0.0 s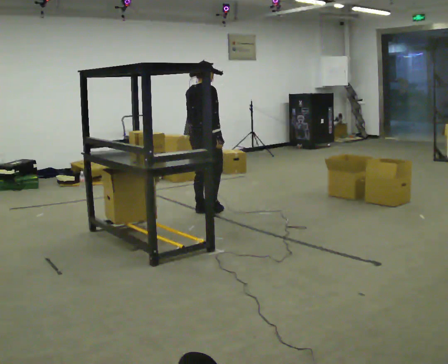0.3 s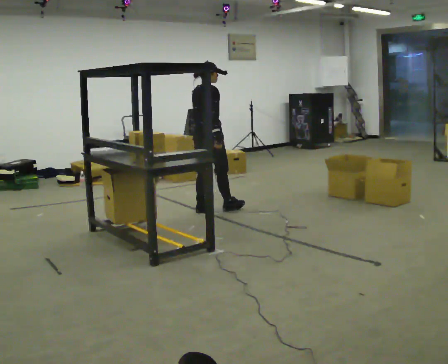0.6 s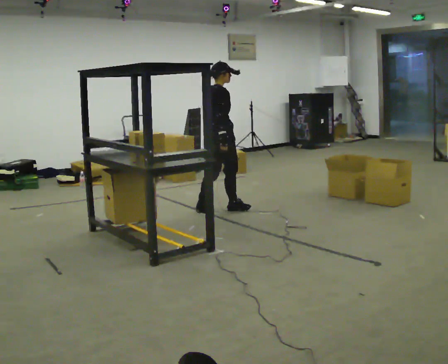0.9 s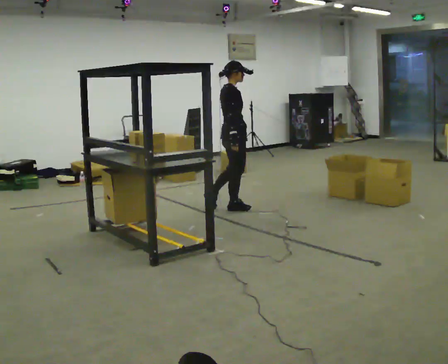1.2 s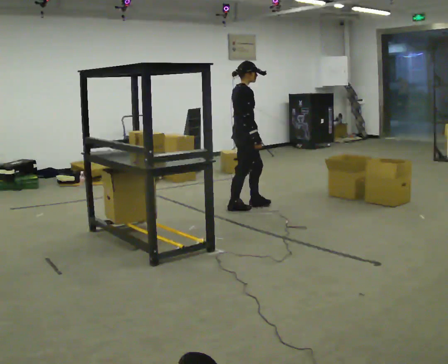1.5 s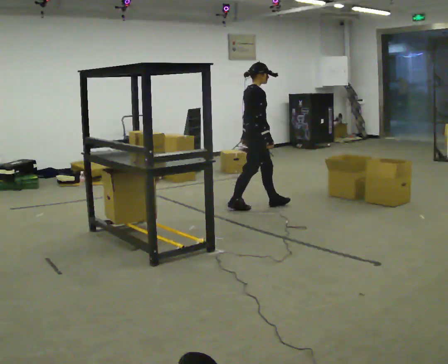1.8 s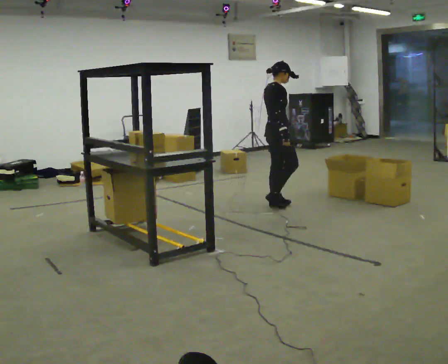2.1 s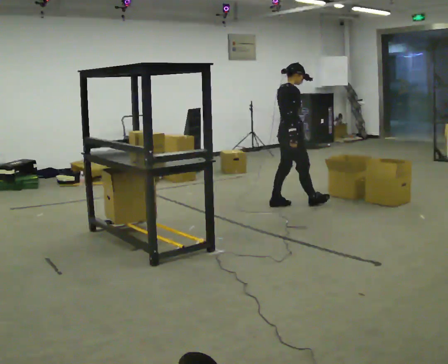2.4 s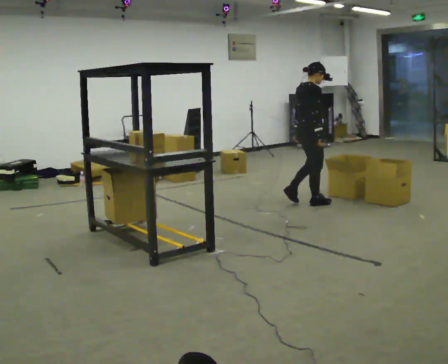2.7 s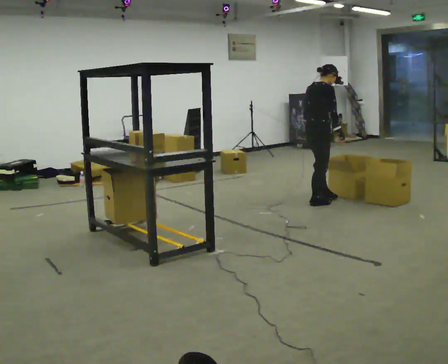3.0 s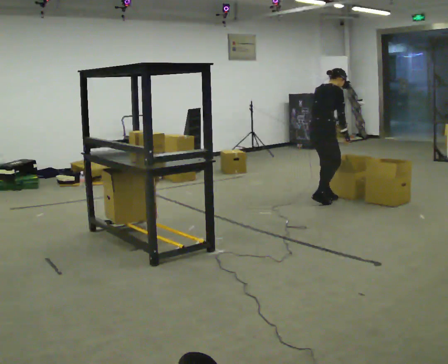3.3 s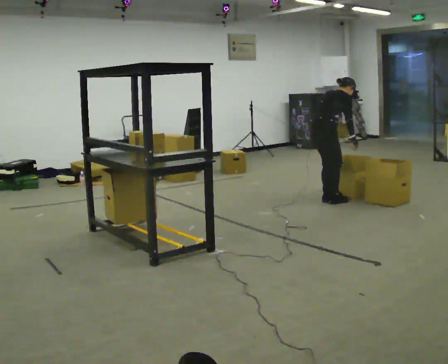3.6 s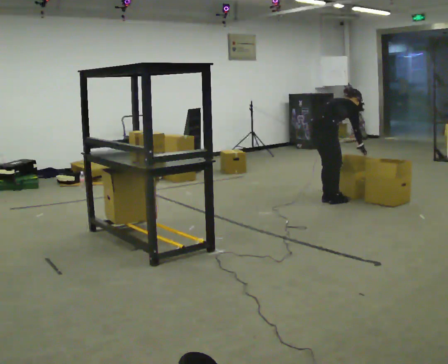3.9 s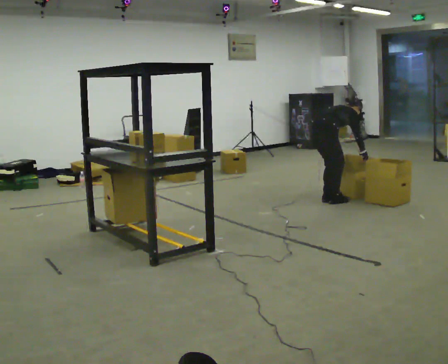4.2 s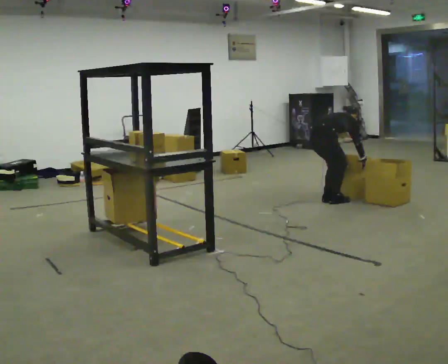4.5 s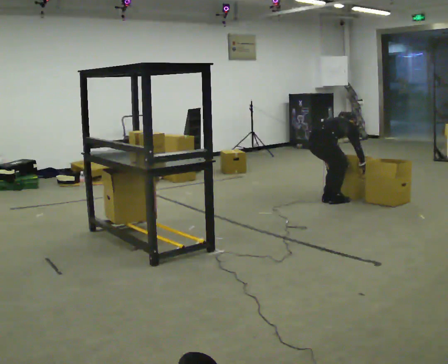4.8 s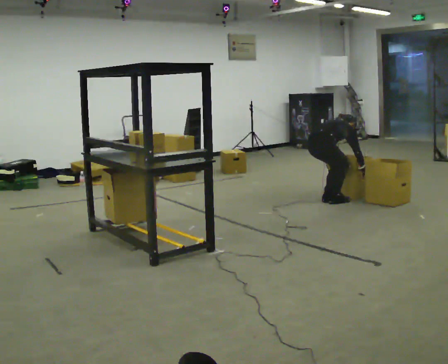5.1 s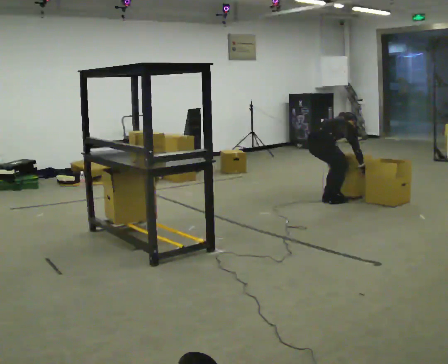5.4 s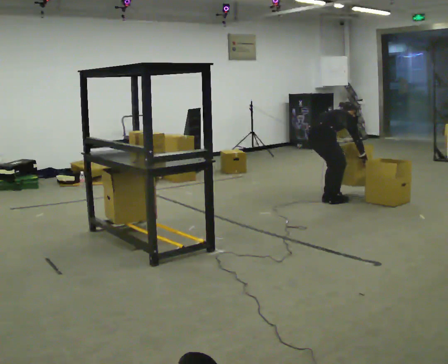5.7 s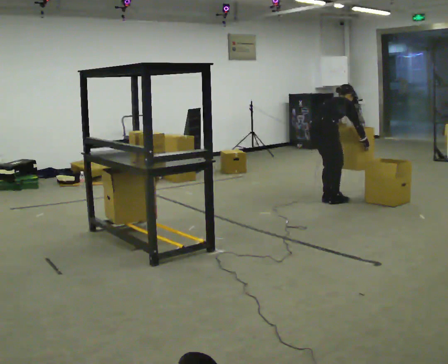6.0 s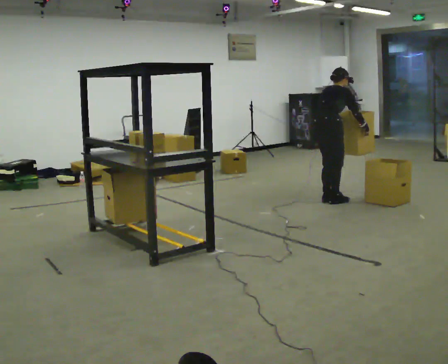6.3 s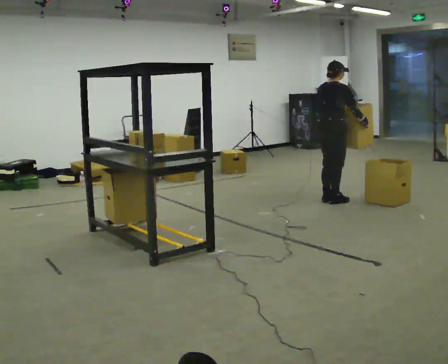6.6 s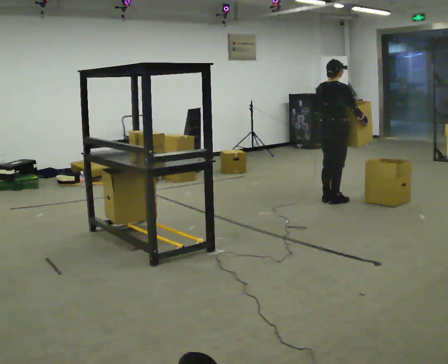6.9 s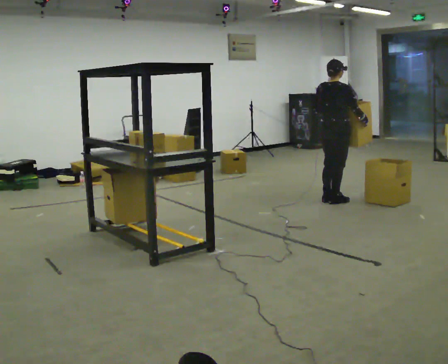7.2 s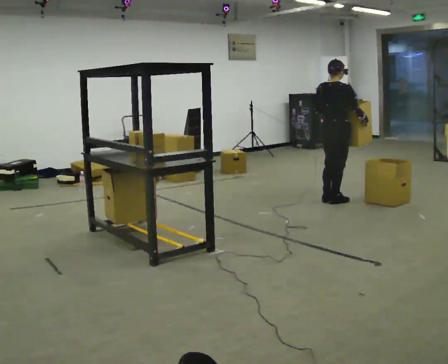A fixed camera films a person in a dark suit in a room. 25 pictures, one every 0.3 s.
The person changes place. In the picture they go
to the right.
0.0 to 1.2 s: The person turns about 30 degrees to their right, clockwise seen from above, so the part of the body nearest the lens slides to the left. In the picture they go to the right, about 0.5 m in 1 step, which for them is forward.
1.2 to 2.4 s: In the picture they go to the right, about 0.75 m in 2 steps, which for them is forward.
2.4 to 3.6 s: In the picture they go to the right, about 0.25 m in 2 steps, which for them is forward. The shoulders move downward. In the picture the upper body tilts clockwise, shoulders to the right, as they bend forward. In the picture their right hand goes to the right.
3.6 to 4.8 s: The shoulders move downward. The upper body tips away from the camera, its near side rolling upward, as they bend forward.
4.8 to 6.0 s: The upper body goes upward. The upper body tips toward the camera, its near side rolling downward, as they lean back or straighten. In the picture their right hand goes upward.
6.0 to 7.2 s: The upper body tips toward the camera, its near side rolling downward, as they lean back or straighten.
The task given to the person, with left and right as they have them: 1. Take everything out of the crates by the door. 2. Put the small items on the middle shelf. 3. Put the large items on the bottom shelf. 4. Stack the empty crates by the door. 5. Tell the operator when you are finished.
The film runs forward here.
